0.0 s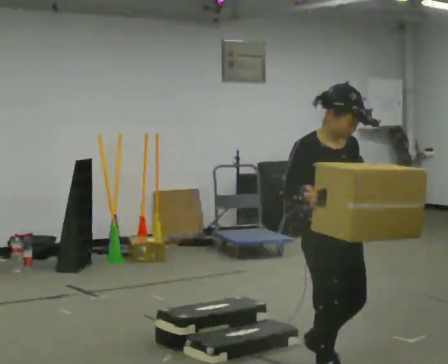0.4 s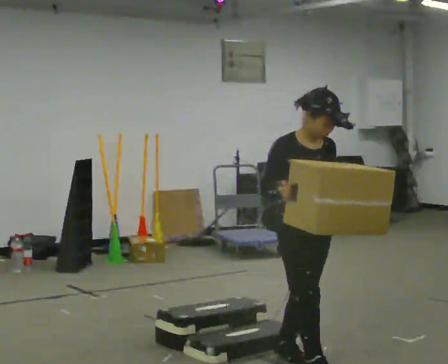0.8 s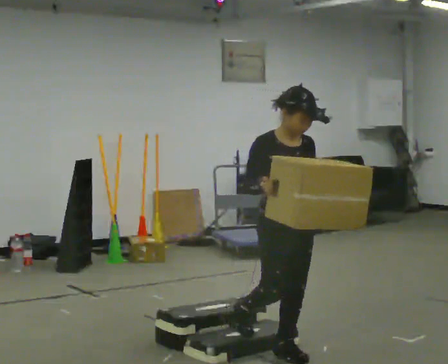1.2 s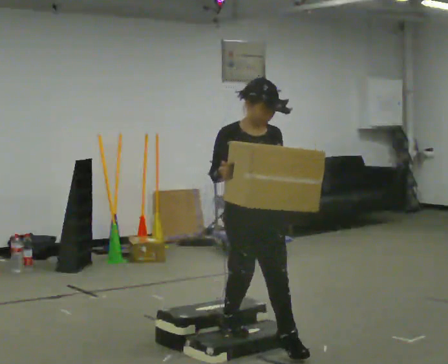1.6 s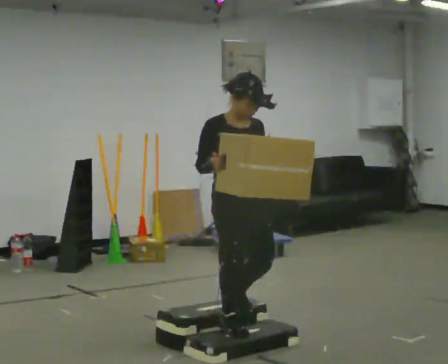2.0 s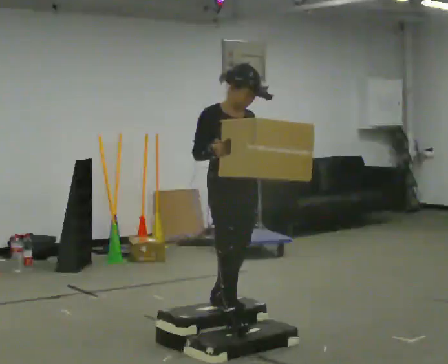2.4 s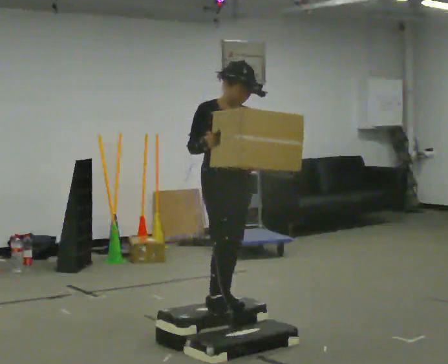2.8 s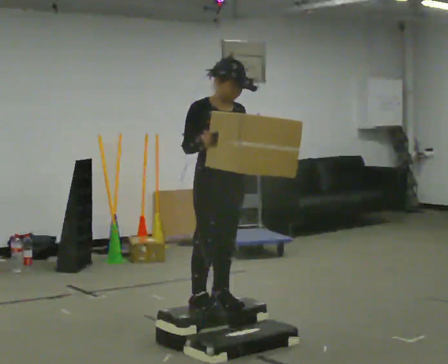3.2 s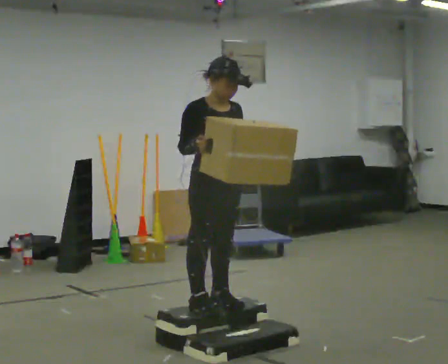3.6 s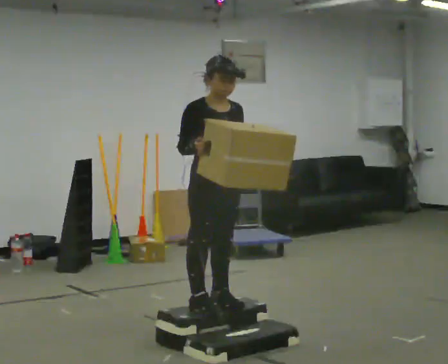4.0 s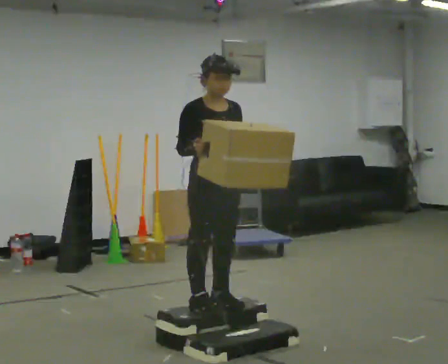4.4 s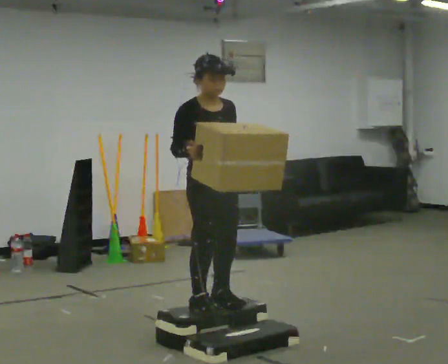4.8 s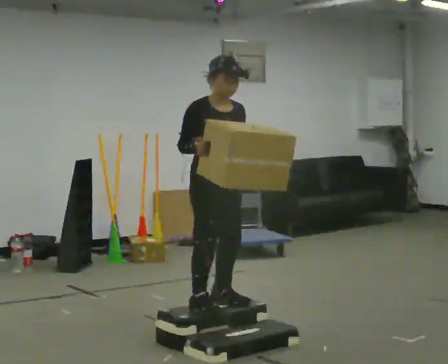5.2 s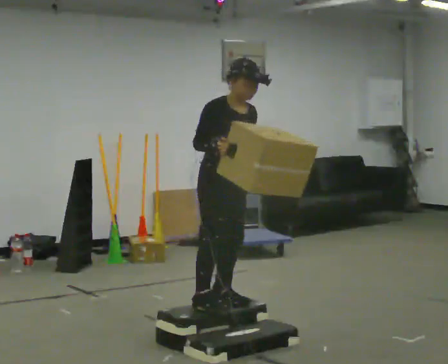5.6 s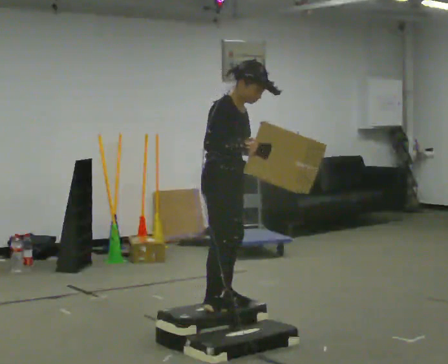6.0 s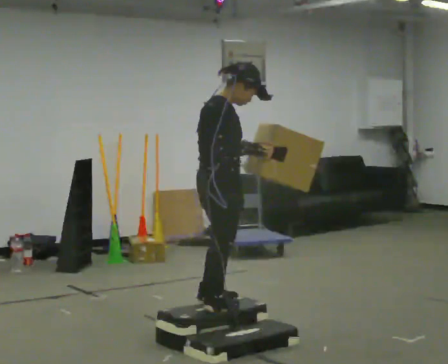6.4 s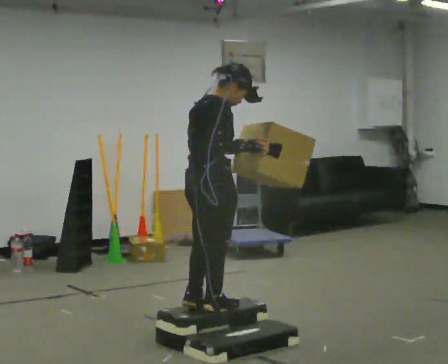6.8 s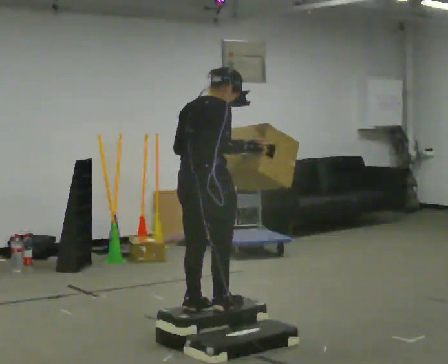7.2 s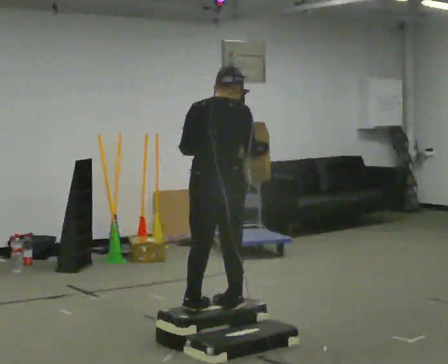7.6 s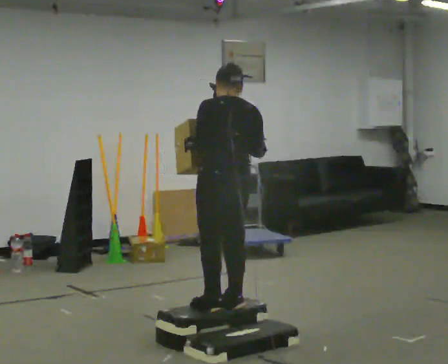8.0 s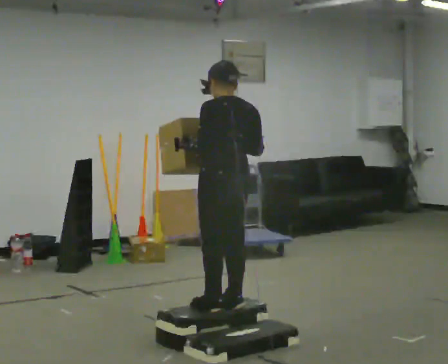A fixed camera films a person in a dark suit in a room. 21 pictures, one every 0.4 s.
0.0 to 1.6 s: In the picture they go away from the camera and to the left, about 0.5 m in 2 steps, which for them is backward.
1.6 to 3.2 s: In the picture they go away from the camera, about 0.25 m in 1 step, which for them is backward.
3.2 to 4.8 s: The person moves a little, or ends about where they began.
4.8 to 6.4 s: Seen from above the body turns counterclockwise, about 90 degrees: to their left, with its near side sliding to the right. In the picture their right hand goes to the right.
6.4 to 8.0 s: The person turns about 90 degrees to their left, counterclockwise seen from above, so the part of the body nearest the lens slides to the right.
The film runs backward here.
